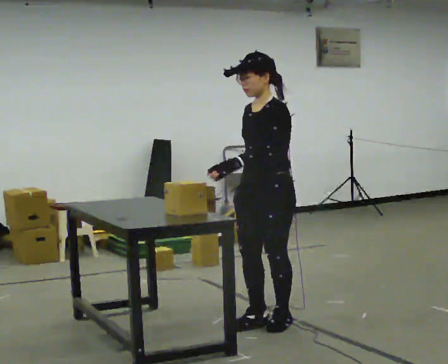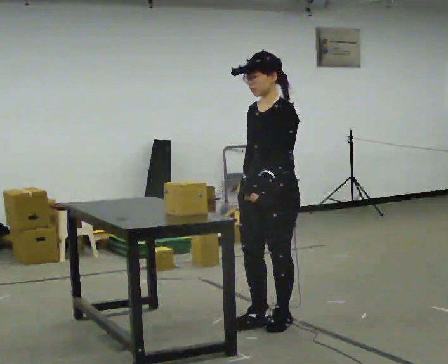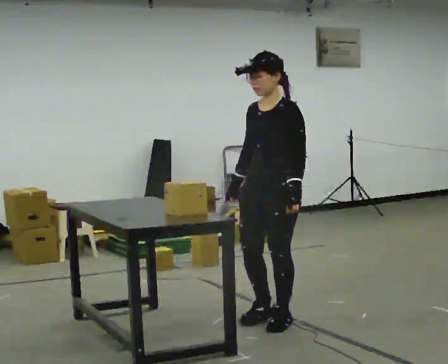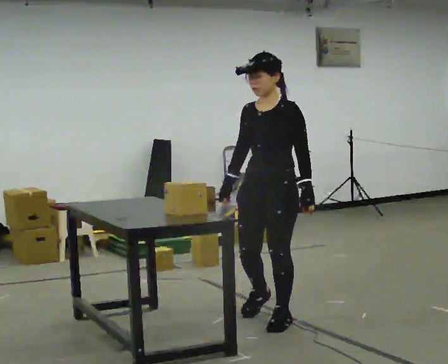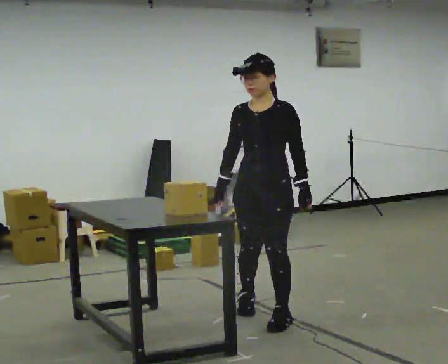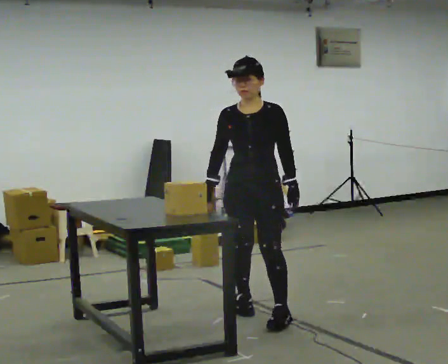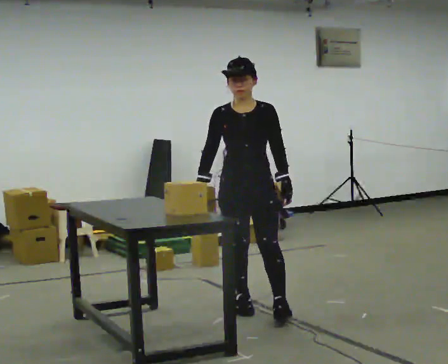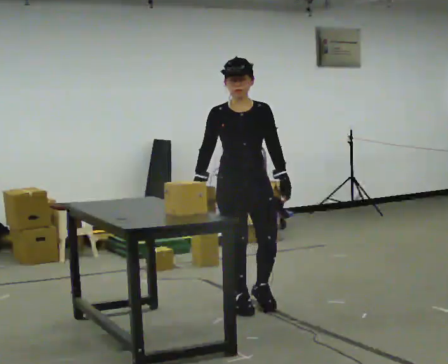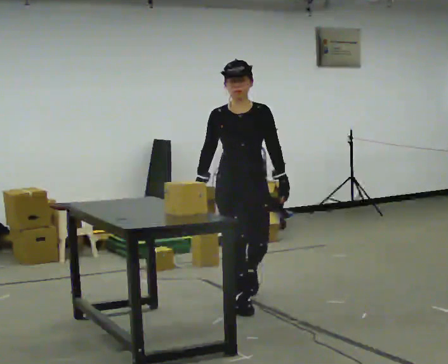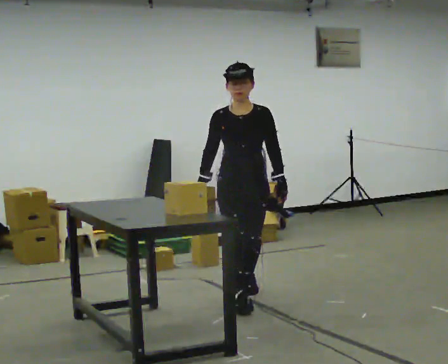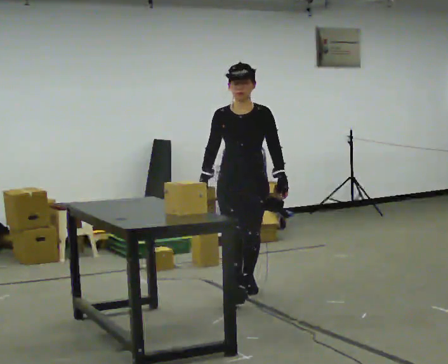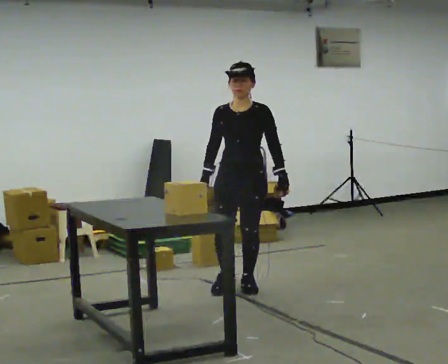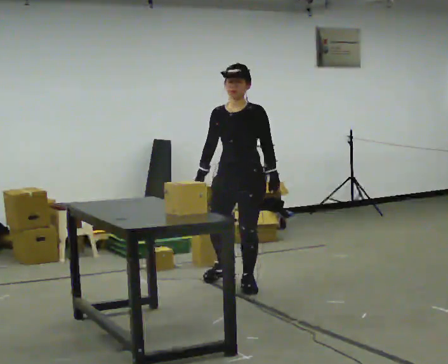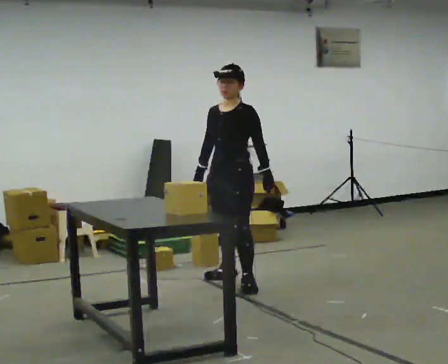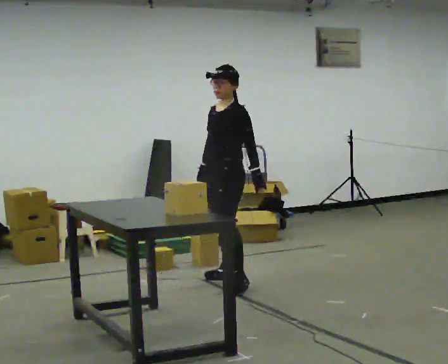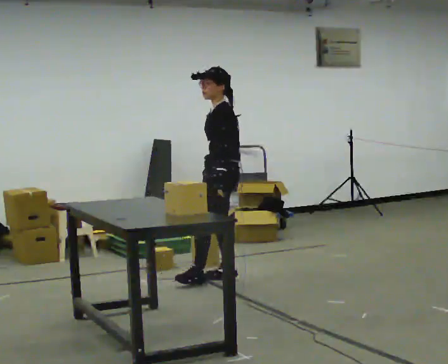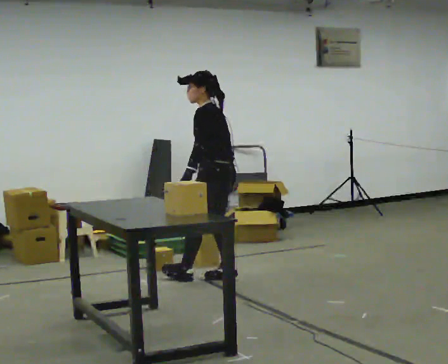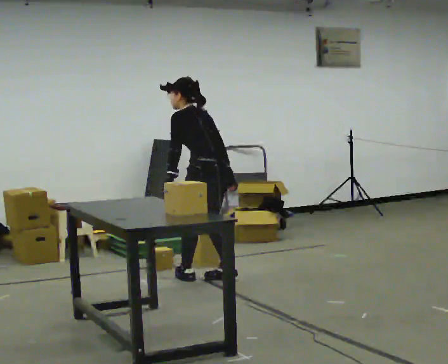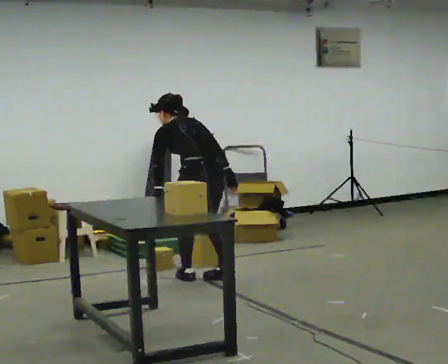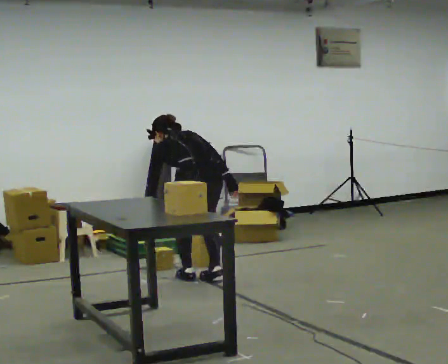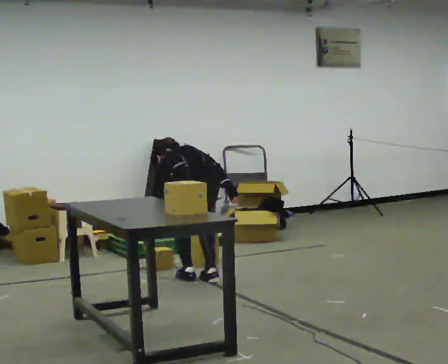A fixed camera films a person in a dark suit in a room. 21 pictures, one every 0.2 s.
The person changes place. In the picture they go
away from the camera.
The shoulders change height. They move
downward.
0.0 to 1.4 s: Seen from above the body turns counterclockwise, about 60 degrees: to their left, with its near side sliding to the right. In the picture they go away from the camera, about 0.5 m in 2 steps, which for them is to their right and backward.
1.4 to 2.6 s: Seen from above the body turns clockwise, about 45 degrees: to their right, with its near side sliding to the left. In the picture they go away from the camera, about 0.75 m in 1 step, which for them is backward.
2.6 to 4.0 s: The person turns about 120 degrees to their right, clockwise seen from above, so the part of the body nearest the lens slides to the left. In the picture they go to the left, about 0.25 m in 2 steps. The shoulders move downward. The upper body tips away from the camera, its near side rolling upward, as they bend forward.
The film runs backward here.
